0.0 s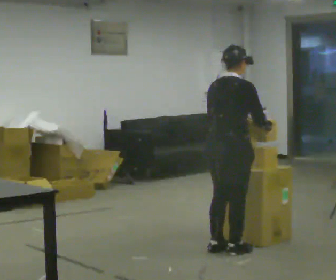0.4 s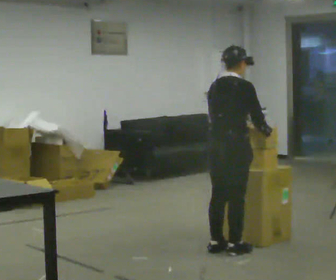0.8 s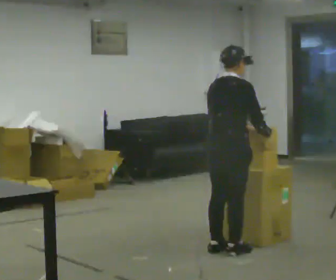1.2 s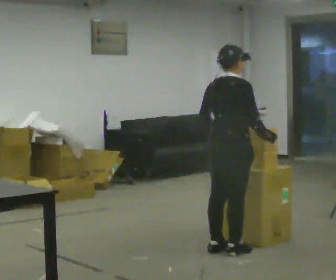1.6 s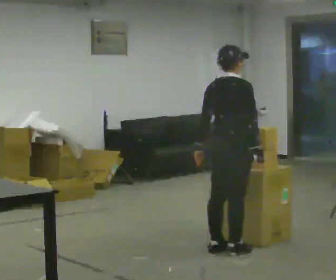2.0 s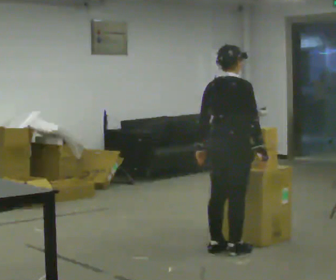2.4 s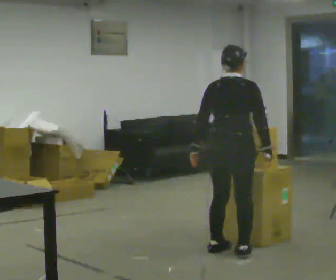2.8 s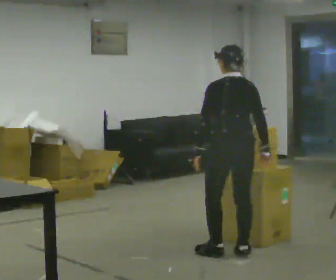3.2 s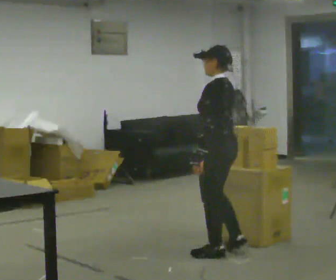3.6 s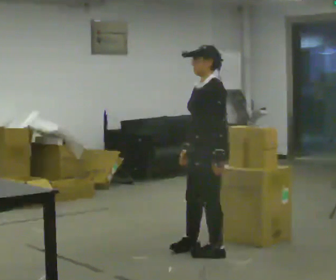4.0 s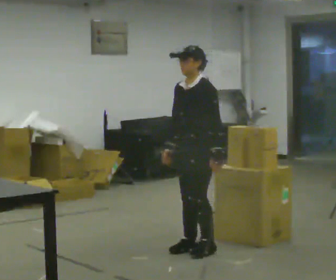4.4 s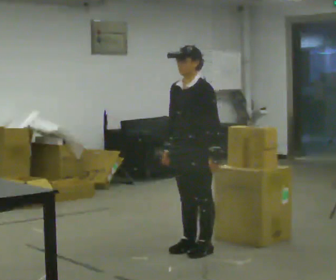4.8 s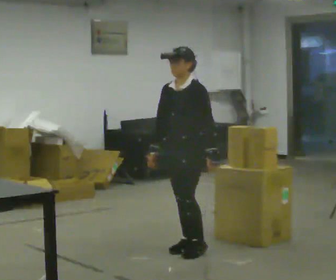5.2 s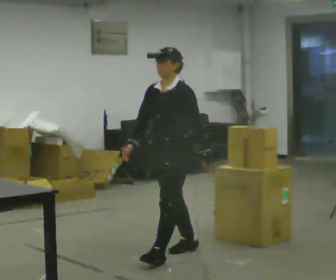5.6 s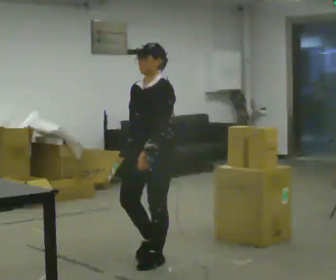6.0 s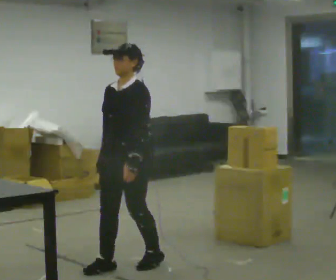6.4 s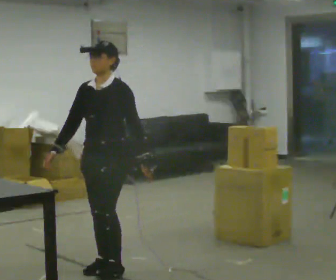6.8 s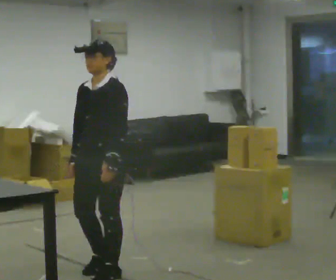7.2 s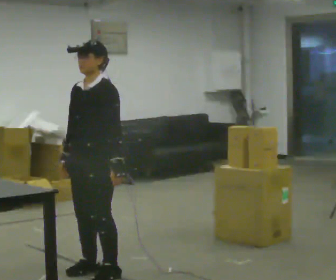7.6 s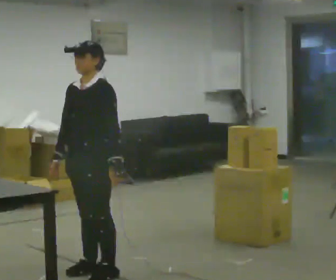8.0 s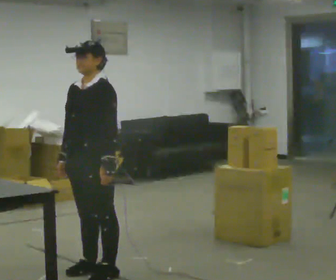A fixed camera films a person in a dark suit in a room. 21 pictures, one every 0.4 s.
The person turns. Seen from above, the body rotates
counterclockwise.
The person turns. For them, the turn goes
to their left.
0.0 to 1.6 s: In the picture their left hand goes to the left.
1.6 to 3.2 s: The part of the body nearest the lens slides to the right as the person turns to their left by about 120 degrees. In the picture they go toward the camera, about 0.25 m. In the picture their right hand goes to the left.
3.2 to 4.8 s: The part of the body nearest the lens slides to the right as the person turns to their left by about 60 degrees. In the picture they go to the left, about 0.25 m in 2 steps.
4.8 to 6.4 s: In the picture they go toward the camera and to the left, about 1 m in 2 steps, which for them is forward.
6.4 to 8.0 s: The person moves a little, or ends about where they began.
The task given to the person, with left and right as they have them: Move objects one at a time from the waist-height shelf at one end of the room to the waist-height shelf at the other end. Keep going until the operator says stop; one object at a time, and do not rush between trips.
The film runs forward here.
